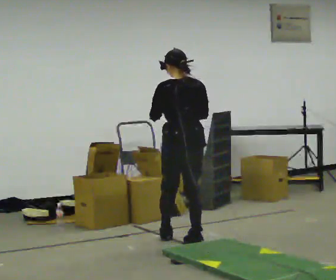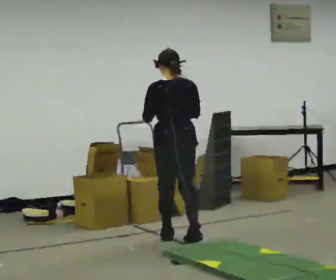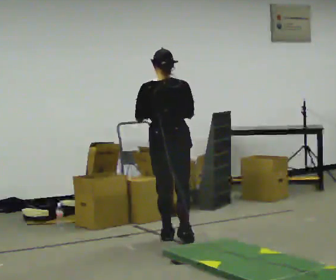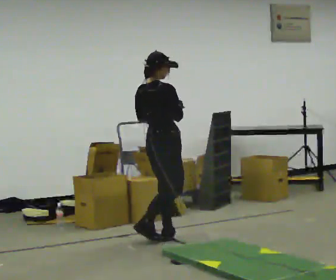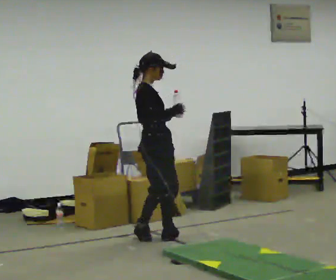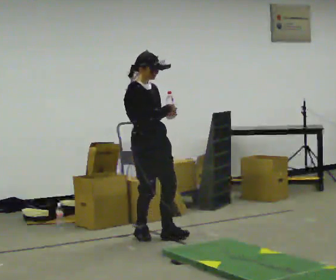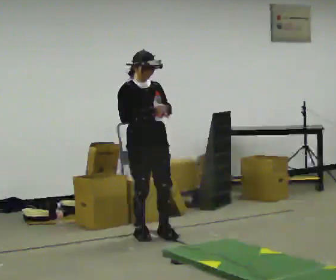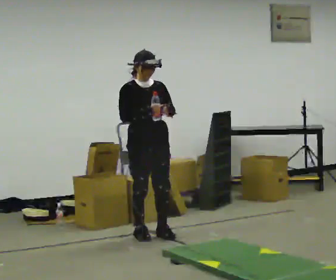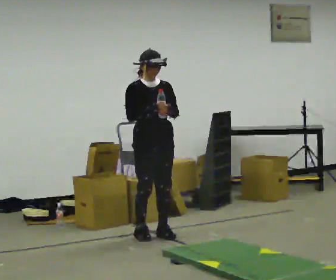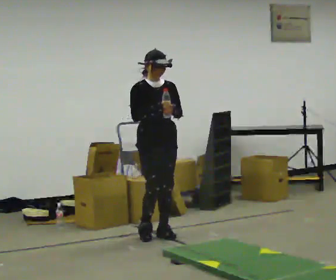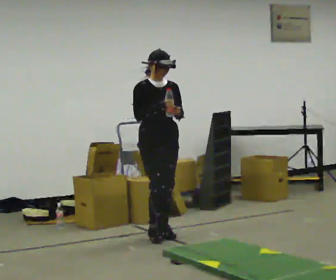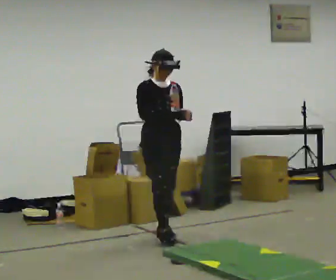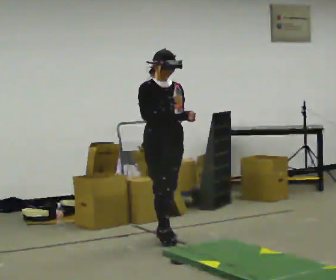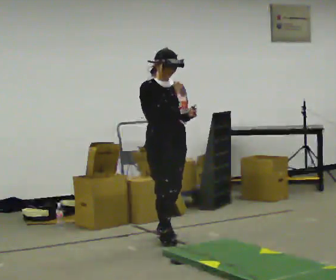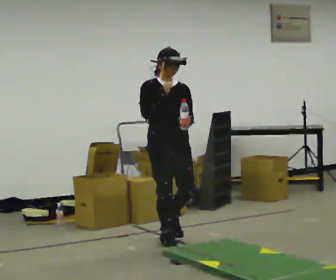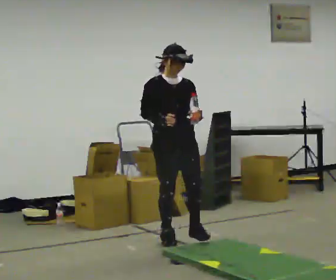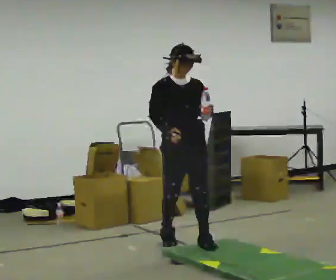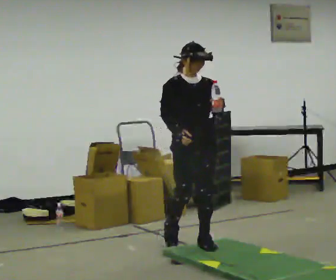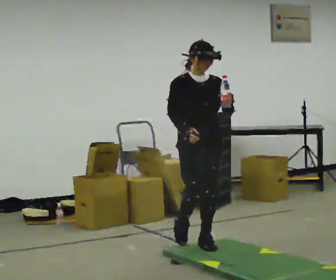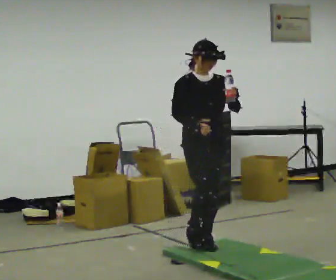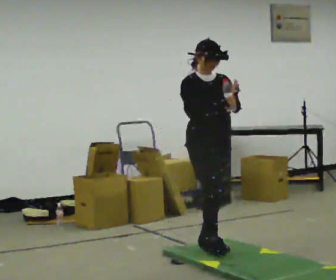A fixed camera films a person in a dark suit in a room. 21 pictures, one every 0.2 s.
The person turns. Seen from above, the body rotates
clockwise.
The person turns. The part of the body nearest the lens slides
to the left.
0.0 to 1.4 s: Seen from above the body turns clockwise, about 180 degrees: to their right, with its near side sliding to the left. In the picture they go to the left and away from the camera, about 0.5 m in 2 steps.
1.4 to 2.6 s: In the picture they go toward the camera, about 0.25 m in 1 step, which for them is forward.
2.6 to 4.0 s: In the picture they go toward the camera and to the right, about 0.5 m in 1 step, which for them is forward.
The film runs forward here.
